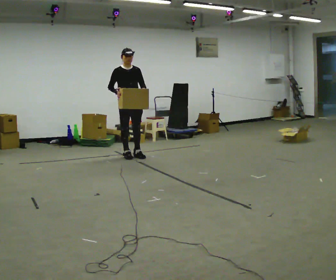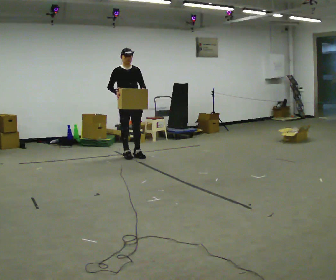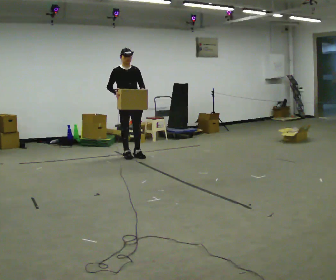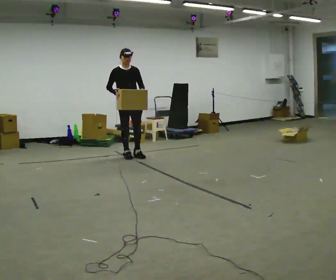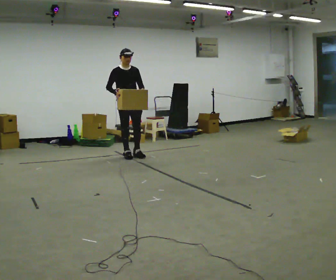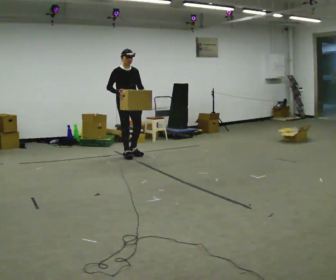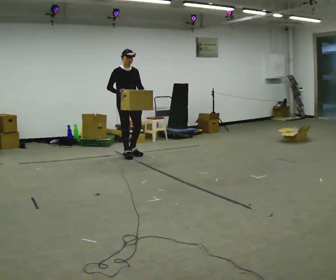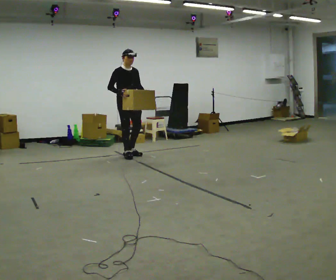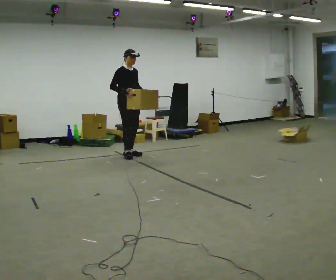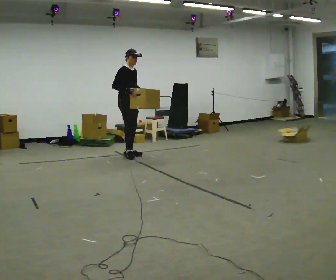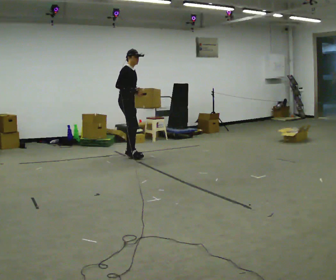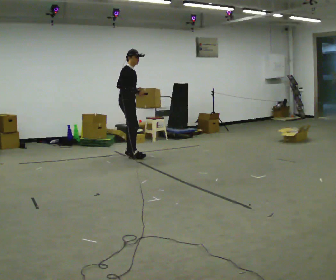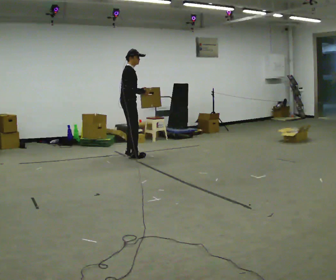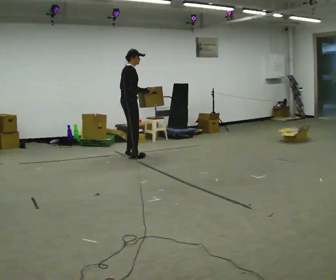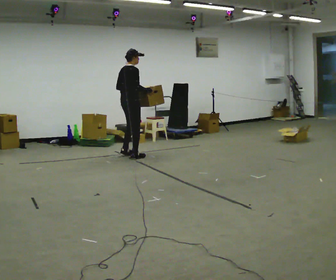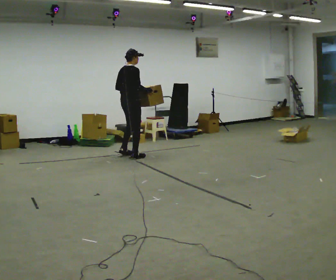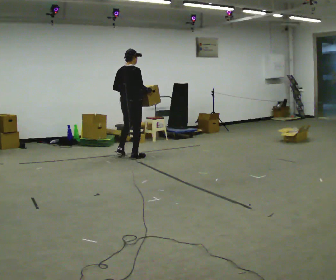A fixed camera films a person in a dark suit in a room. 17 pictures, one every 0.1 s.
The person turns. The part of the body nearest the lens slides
to the right.
Their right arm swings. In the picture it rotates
counterclockwise.
0.0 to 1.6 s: The part of the body nearest the lens slides to the right as the person turns to their left by about 120 degrees. In the picture their left hand goes to the left, the arm swinging clockwise.
The film runs backward here.
